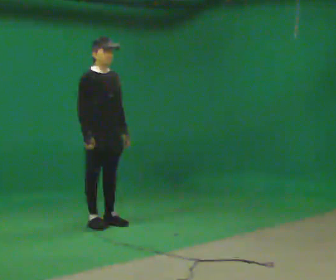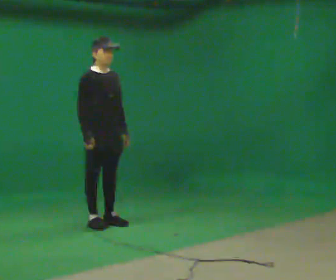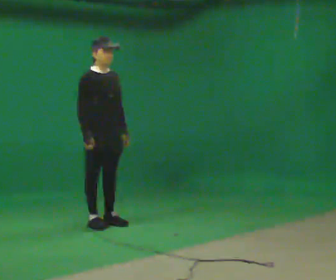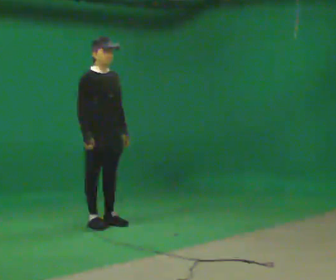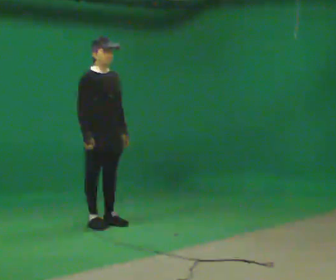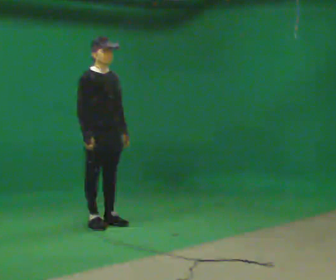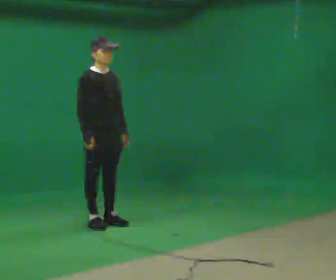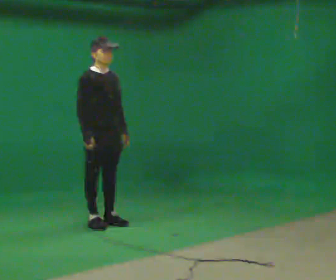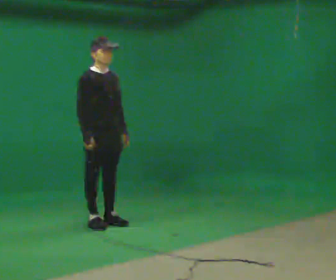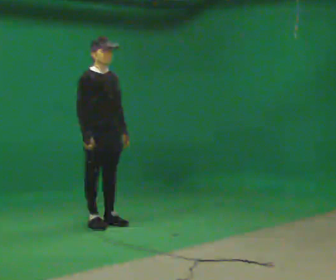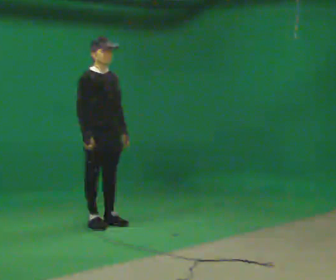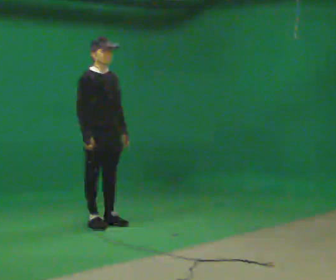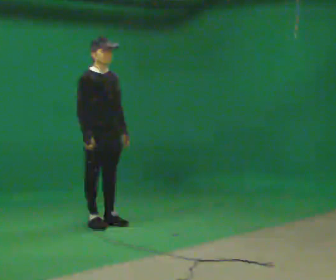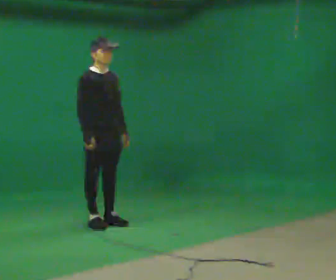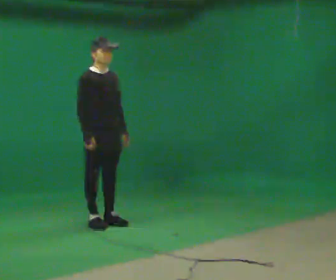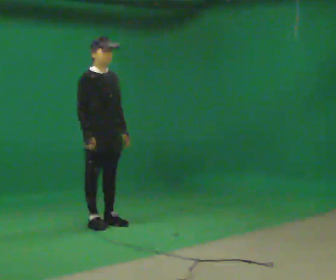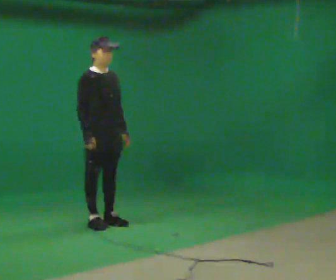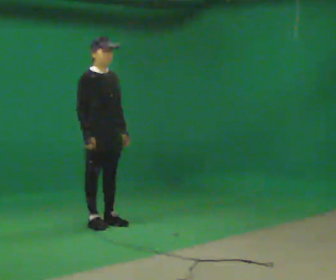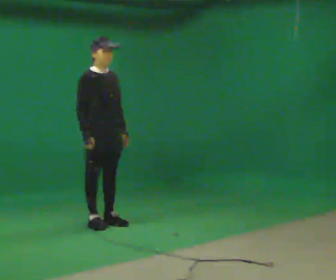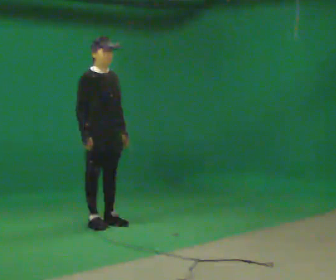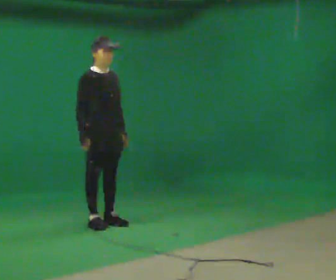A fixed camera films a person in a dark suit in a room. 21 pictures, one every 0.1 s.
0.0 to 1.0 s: The person keeps their place and pose.
1.0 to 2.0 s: The person moves a little, or ends about where they began.
The film runs backward here.
